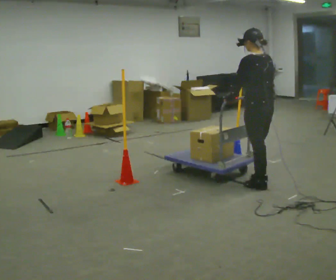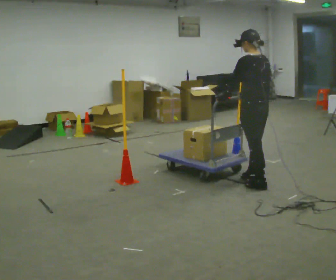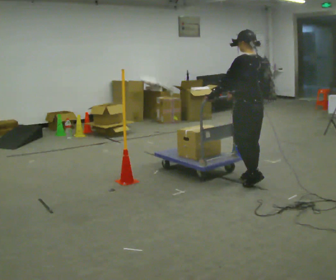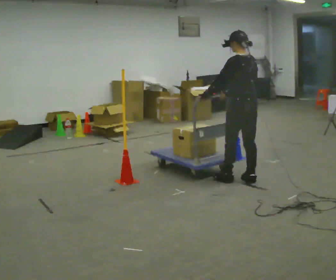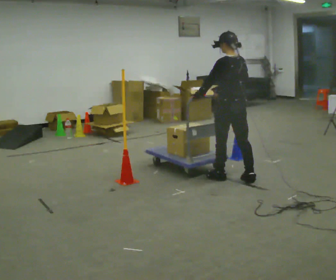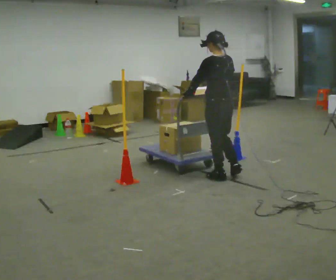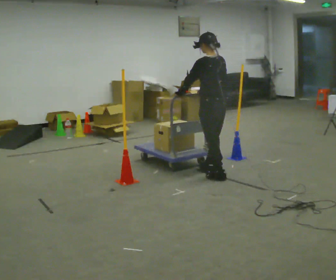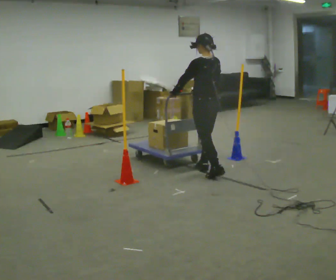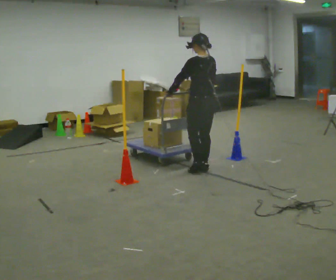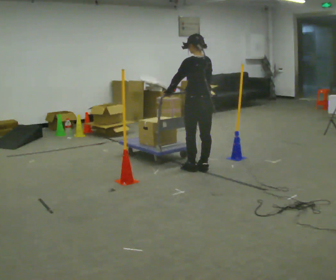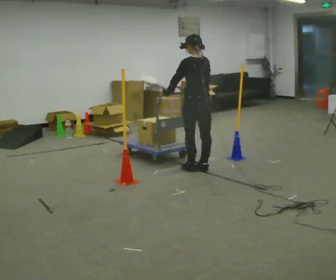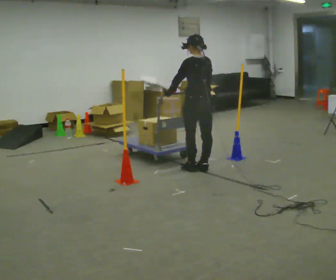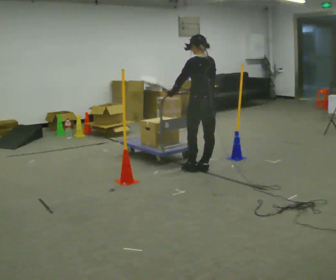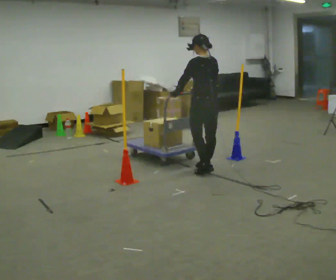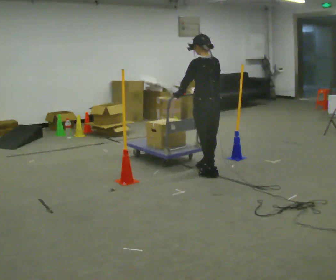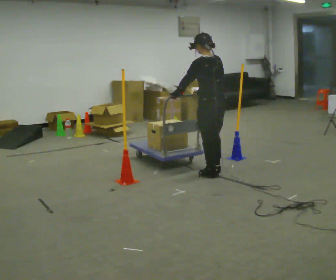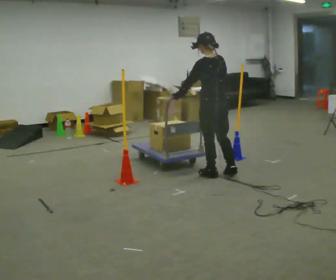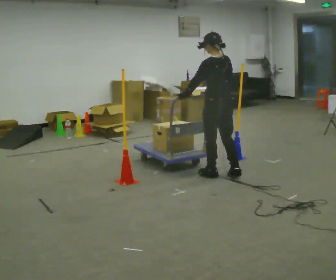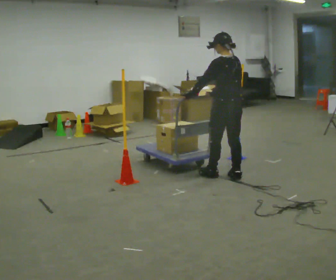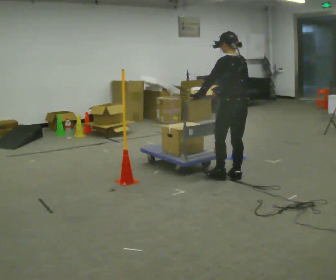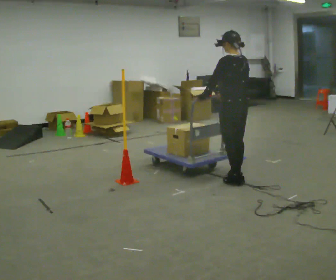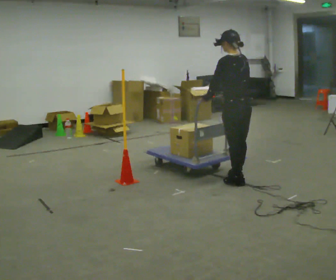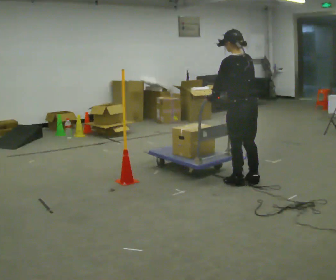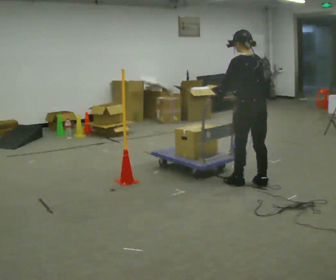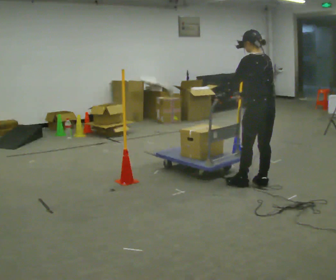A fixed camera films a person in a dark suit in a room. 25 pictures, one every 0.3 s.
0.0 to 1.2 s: In the picture they go away from the camera and to the left, about 0.5 m in 2 steps, which for them is forward.
1.2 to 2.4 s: In the picture they go away from the camera and to the left, about 0.5 m in 1 step, which for them is forward.
2.4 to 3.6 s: The person moves a little, or ends about where they began.
3.6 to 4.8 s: In the picture they go toward the camera, about 0.25 m in 1 step, which for them is backward.
4.8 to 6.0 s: In the picture they go to the right, about 0.25 m in 2 steps, which for them is backward.
6.0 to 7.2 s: In the picture they go to the right and toward the camera, about 0.25 m in 1 step, which for them is backward.
The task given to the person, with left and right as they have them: Push the cart through the gap between the poles without touching them, then bring it back through.
The film runs forward here.
